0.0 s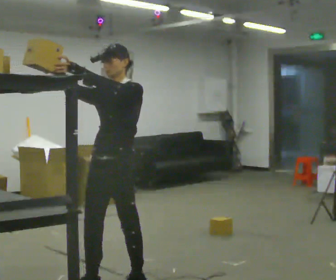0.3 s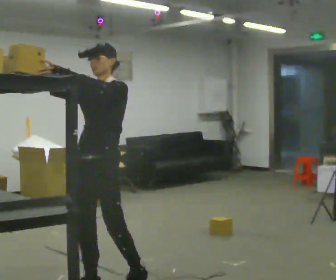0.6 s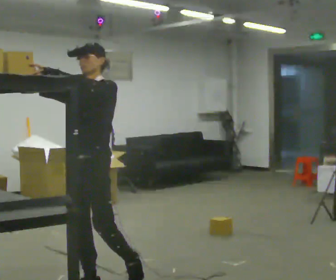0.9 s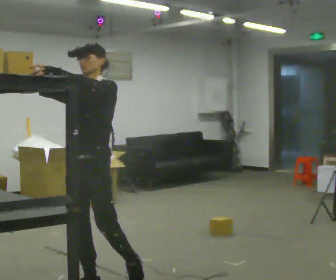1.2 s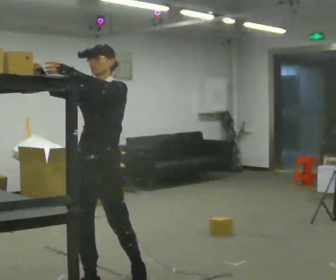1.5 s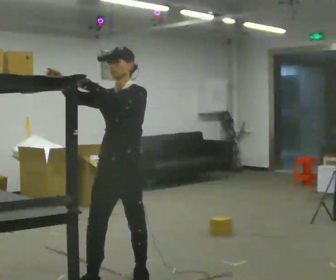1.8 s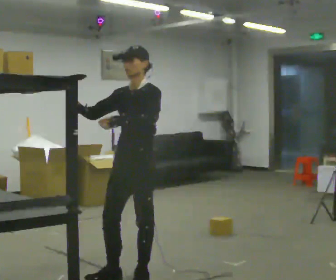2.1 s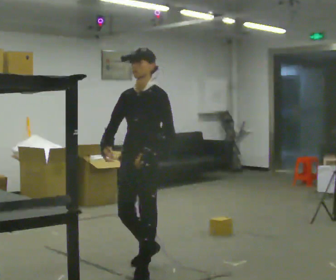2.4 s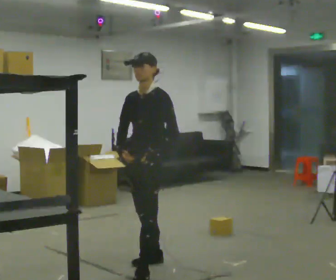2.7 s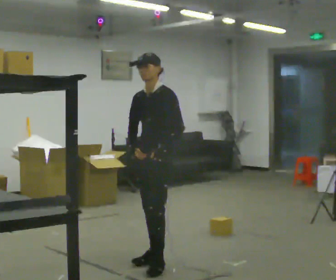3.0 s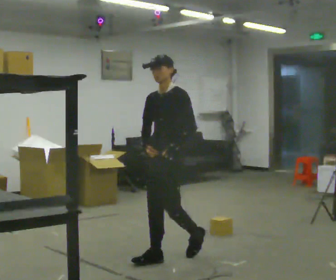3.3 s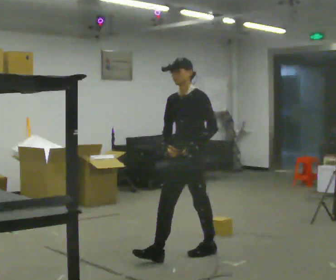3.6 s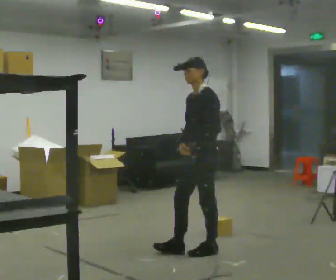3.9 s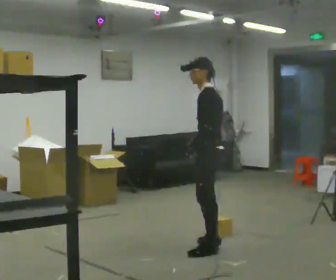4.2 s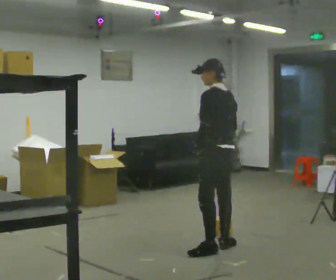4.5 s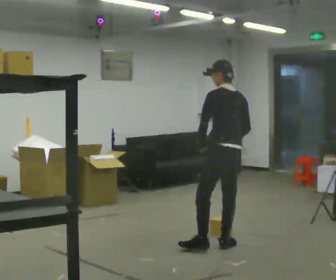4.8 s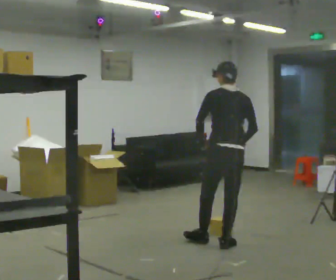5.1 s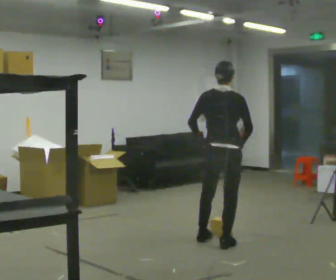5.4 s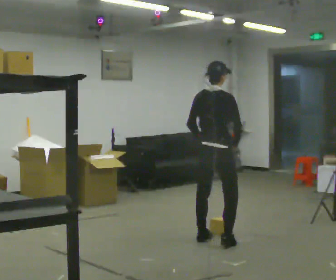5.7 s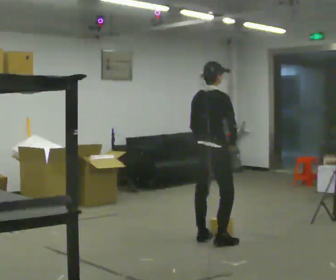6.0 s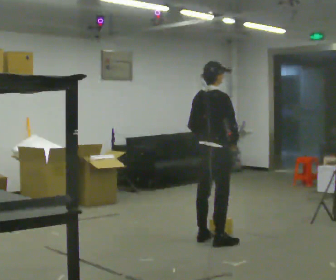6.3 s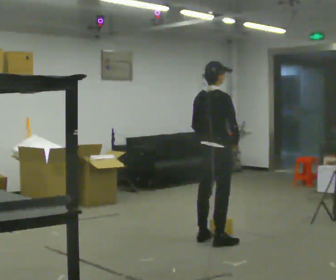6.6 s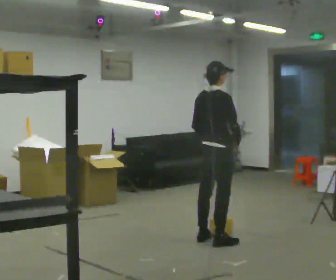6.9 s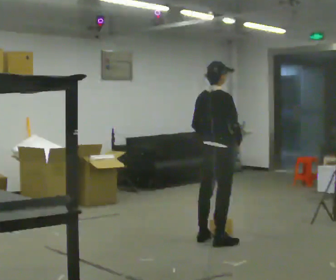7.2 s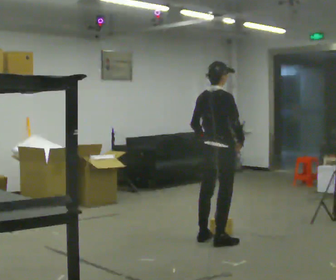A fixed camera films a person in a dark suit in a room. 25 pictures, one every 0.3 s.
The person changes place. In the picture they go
away from the camera.
The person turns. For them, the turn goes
to their right.
0.0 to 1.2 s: The person moves a little, or ends about where they began.
1.2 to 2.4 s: In the picture they go away from the camera and to the right, about 0.75 m in 1 step, which for them is backward. In the picture their left hand goes downward.
2.4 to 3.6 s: The person turns about 30 degrees to their right, clockwise seen from above, so the part of the body nearest the lens slides to the left. In the picture they go away from the camera and to the right, about 0.5 m in 2 steps, which for them is backward.
3.6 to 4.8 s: Seen from above the body turns clockwise, about 105 degrees: to their right, with its near side sliding to the left. In the picture they go away from the camera and to the right, about 0.25 m in 1 step.
4.8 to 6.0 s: The person turns about 60 degrees to their right, clockwise seen from above, so the part of the body nearest the lens slides to the left. In the picture they go away from the camera and to the left, about 0.25 m, which for them is to their left.
6.0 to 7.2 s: The person moves a little, or ends about where they began.
The film runs backward here.
